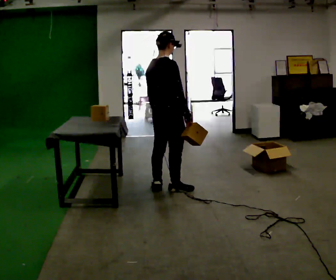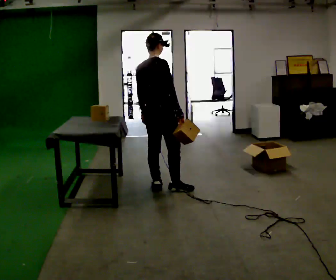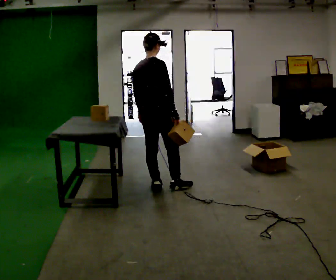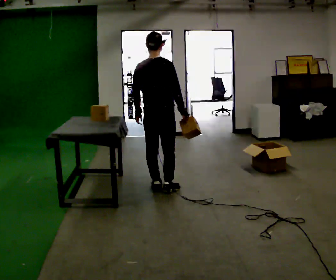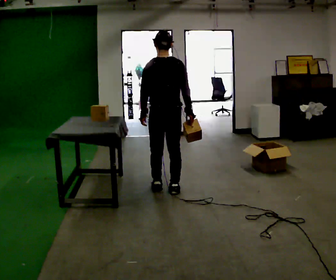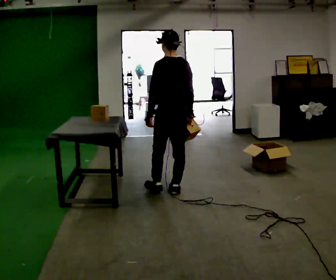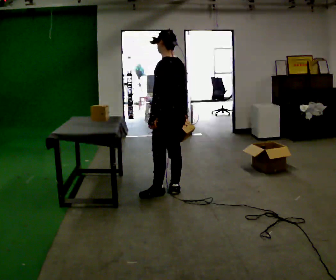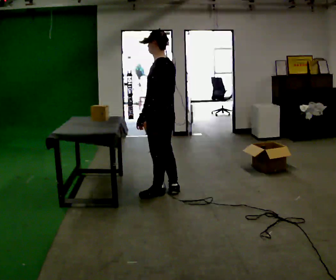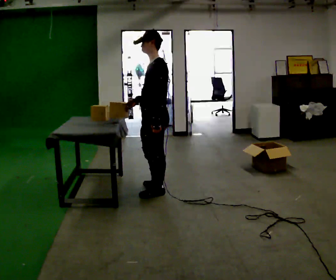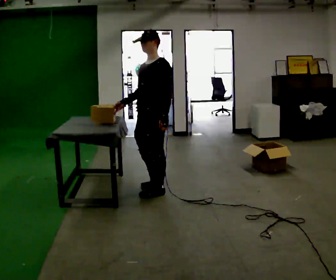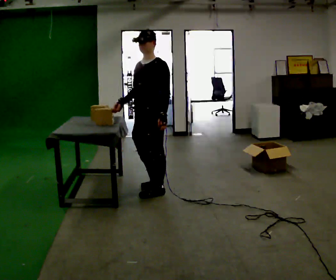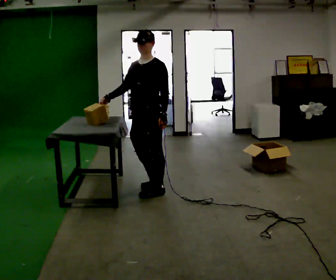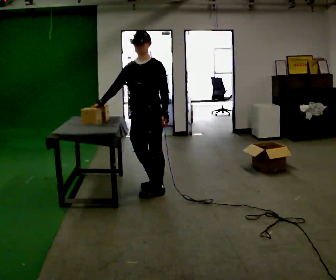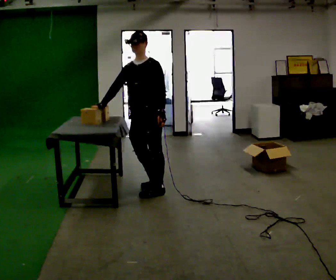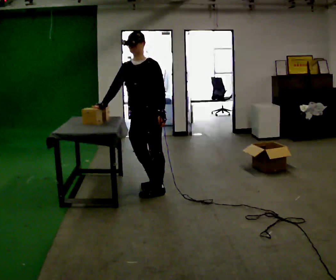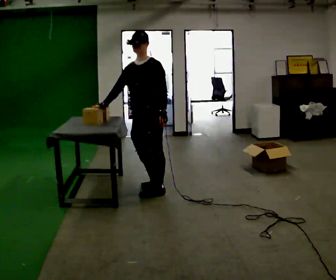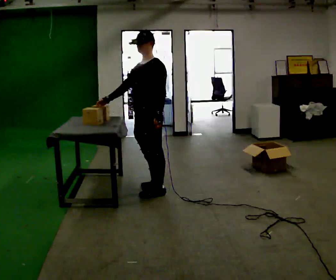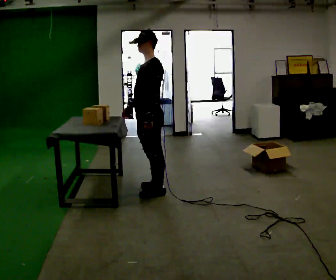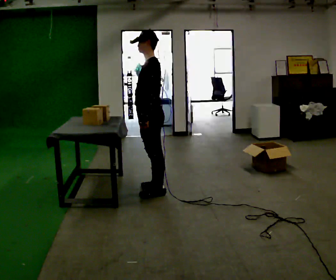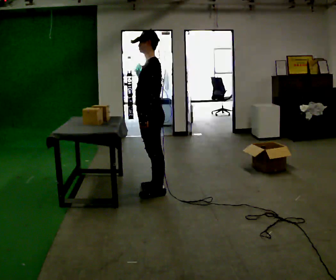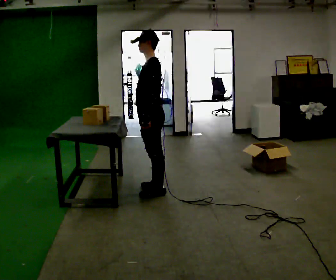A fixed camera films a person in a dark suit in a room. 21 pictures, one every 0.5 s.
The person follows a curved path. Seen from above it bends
clockwise.
0.0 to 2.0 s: The part of the body nearest the lens slides to the right as the person turns to their left by about 60 degrees.
2.0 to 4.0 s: The person turns about 90 degrees to their left, counterclockwise seen from above, so the part of the body nearest the lens slides to the right. In the picture their right hand goes to the left, the arm swinging clockwise.
4.0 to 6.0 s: The part of the body nearest the lens slides to the right as the person turns to their left by about 60 degrees. In the picture their right hand goes to the left.
6.0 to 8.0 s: The part of the body nearest the lens slides to the left as the person turns to their right by about 30 degrees.
8.0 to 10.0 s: Seen from above the body turns clockwise, about 30 degrees: to their right, with its near side sliding to the left. In the picture their right hand goes to the right.
The film runs backward here.
